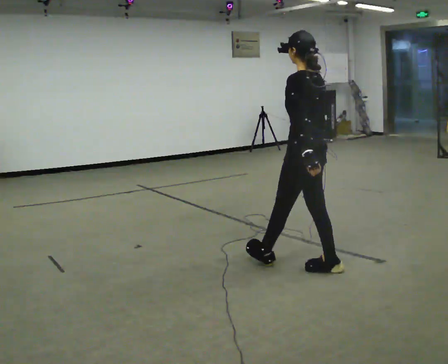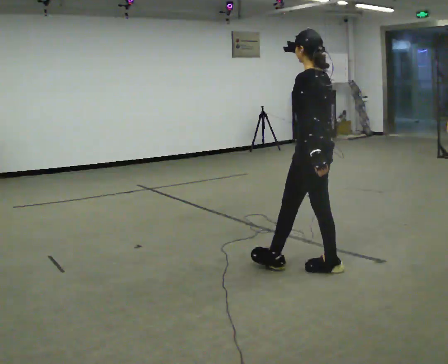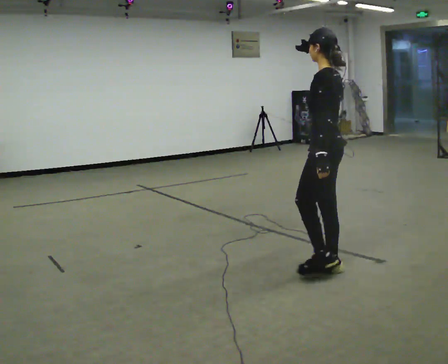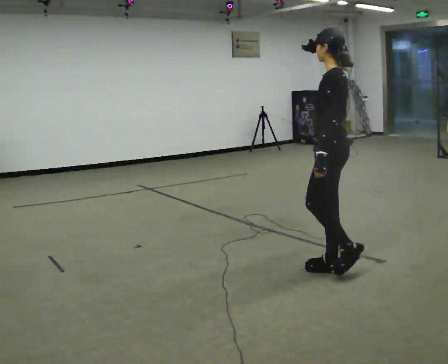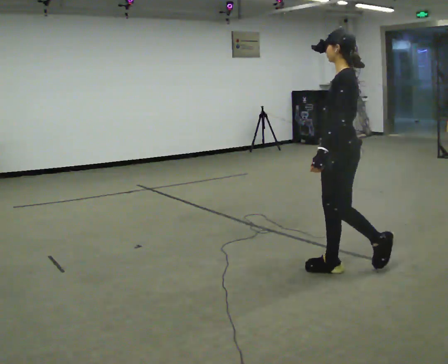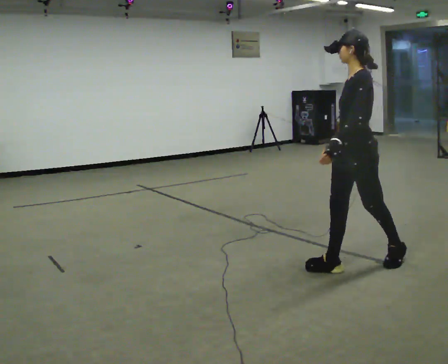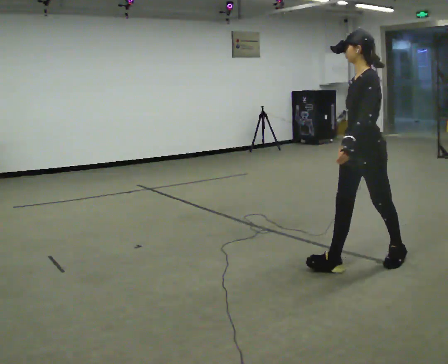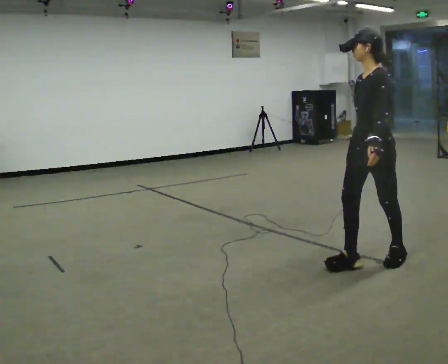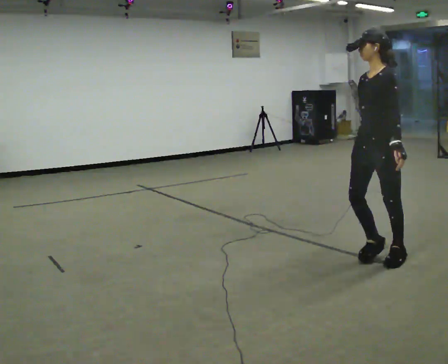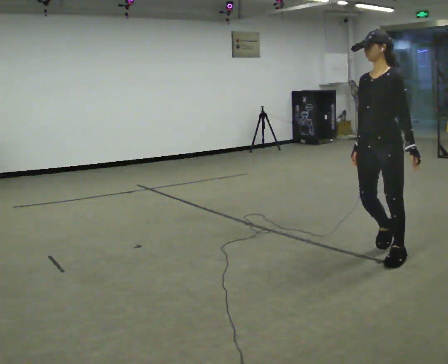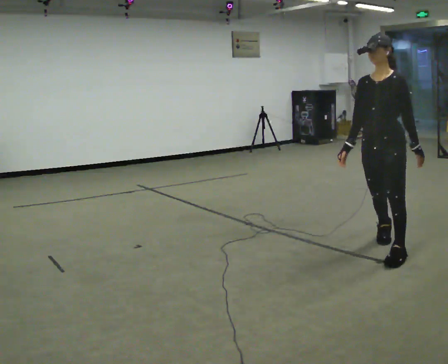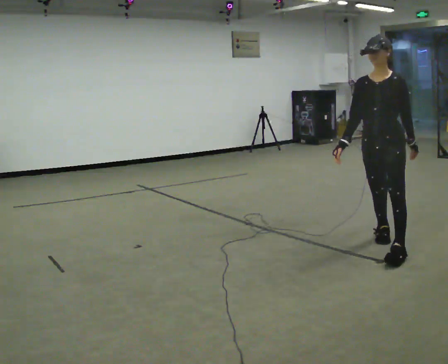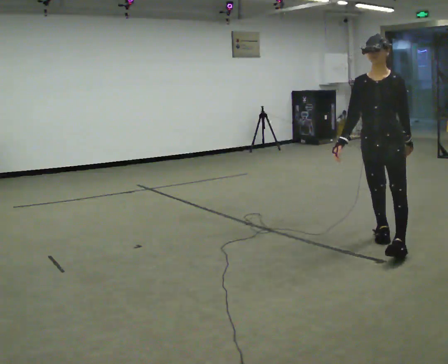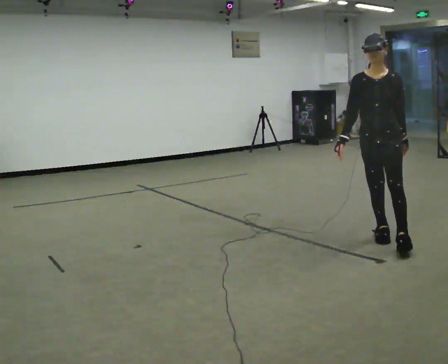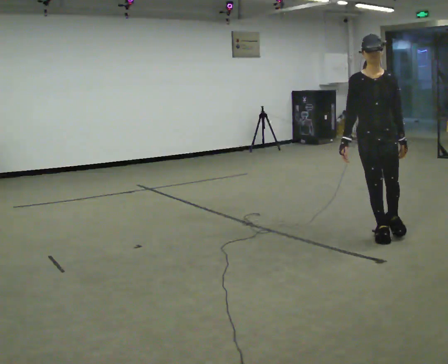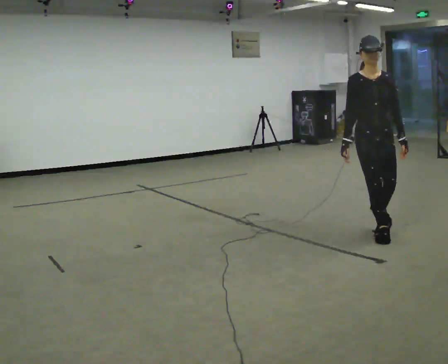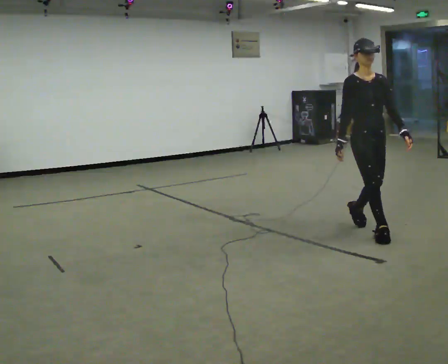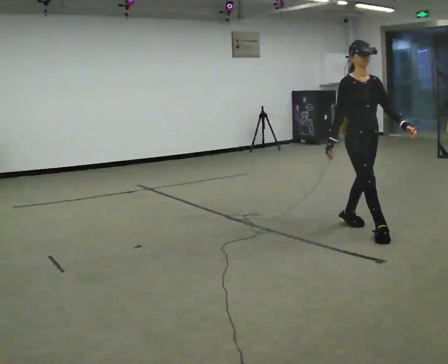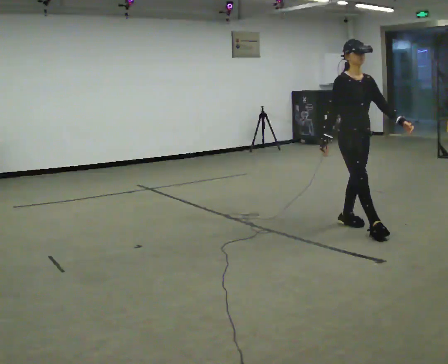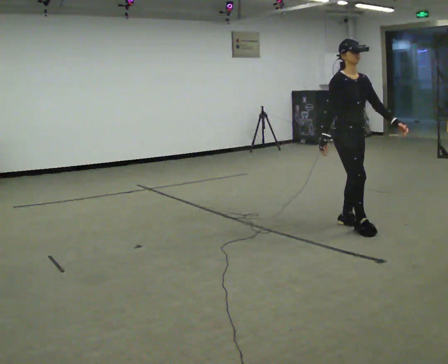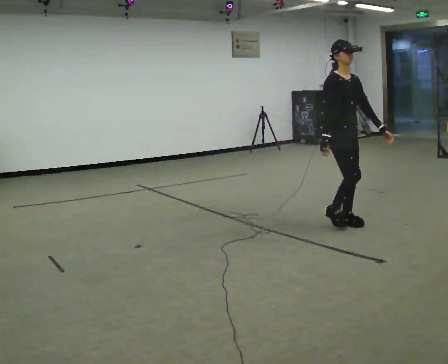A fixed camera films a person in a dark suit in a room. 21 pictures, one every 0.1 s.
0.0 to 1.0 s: The part of the body nearest the lens slides to the right as the person turns to their left by about 90 degrees. In the picture they go to the right, about 0.5 m in 1 step.
1.0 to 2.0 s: Seen from above the body turns counterclockwise, about 75 degrees: to their left, with its near side sliding to the right. In the picture they go away from the camera, about 1 m in 2 steps.
The film runs backward here.
